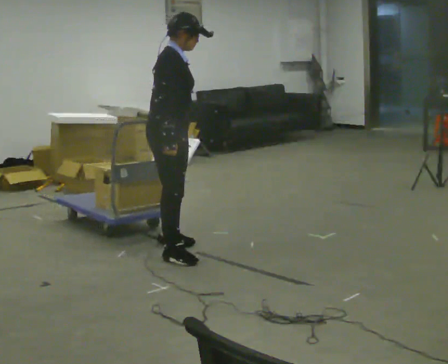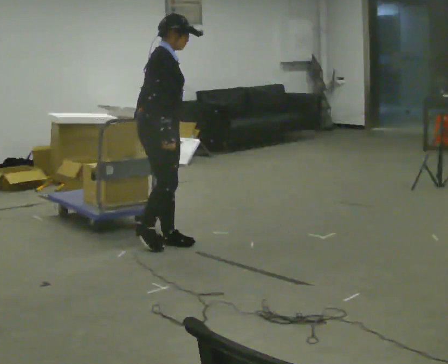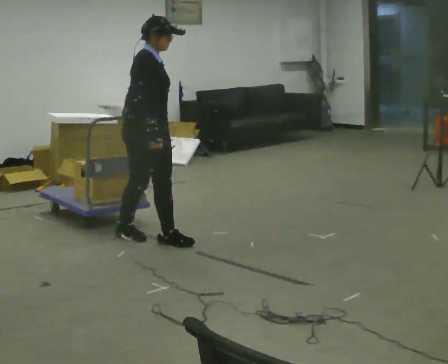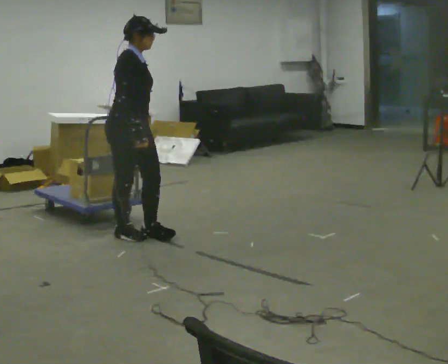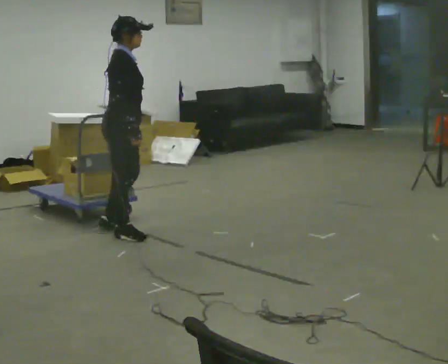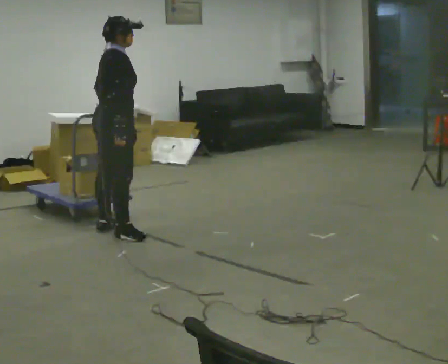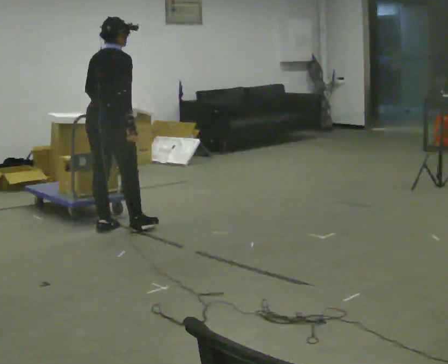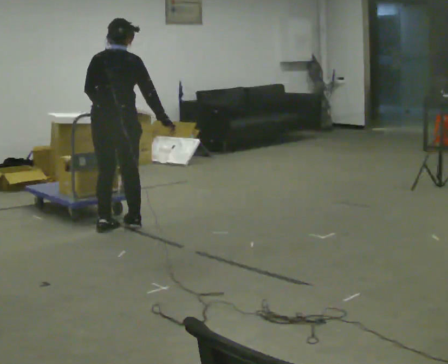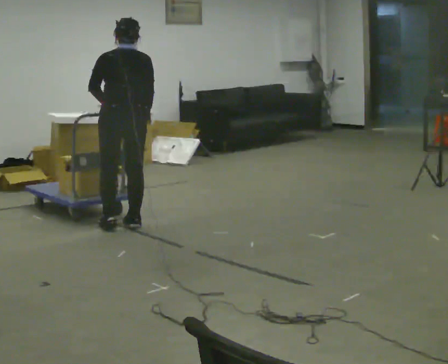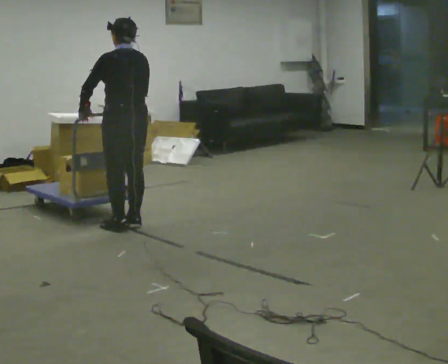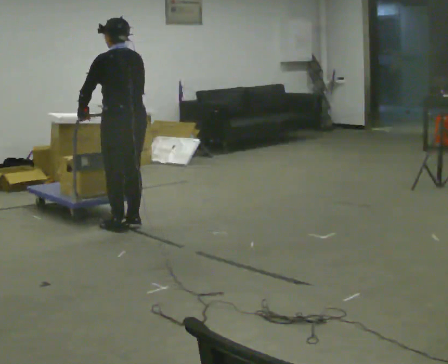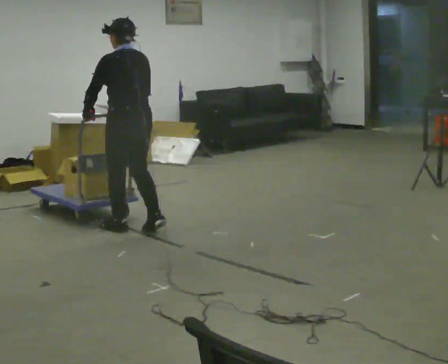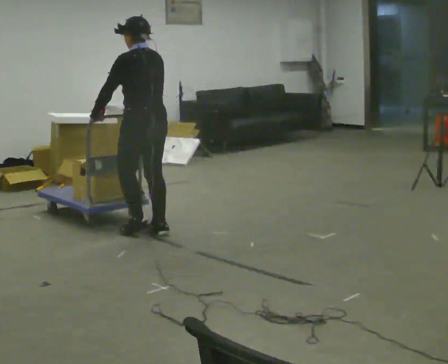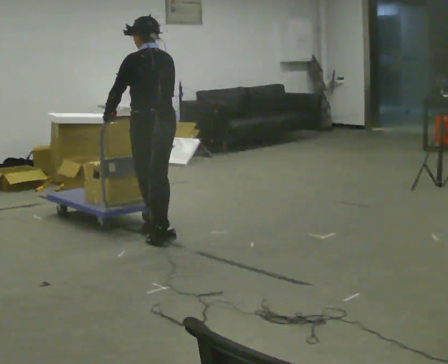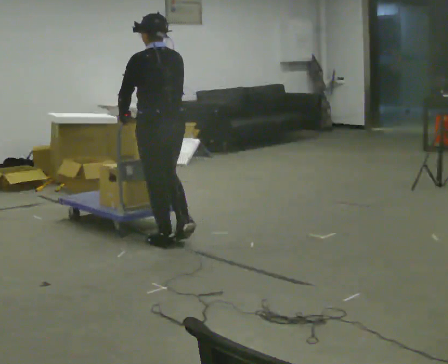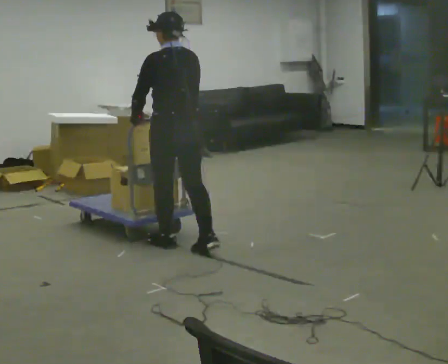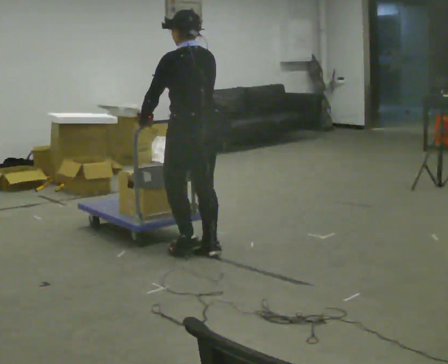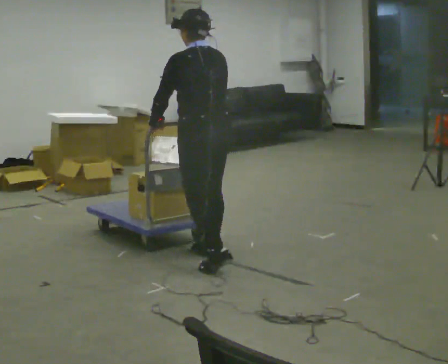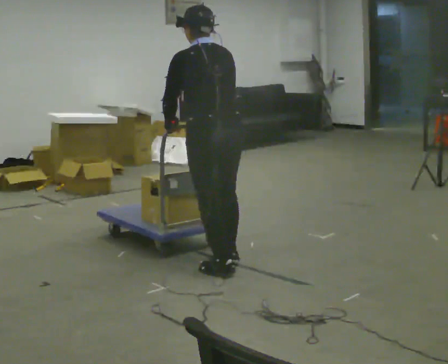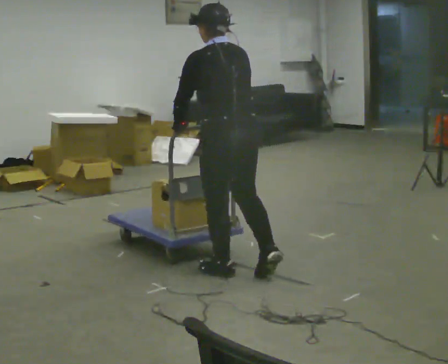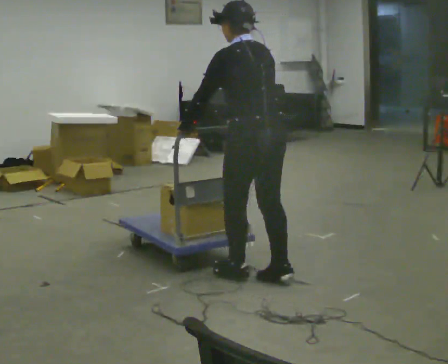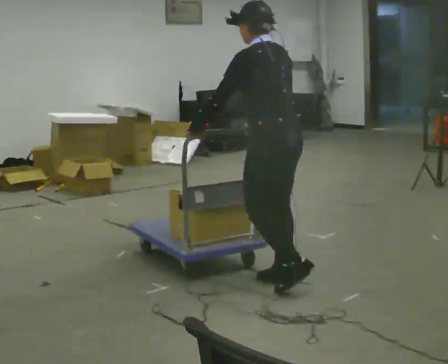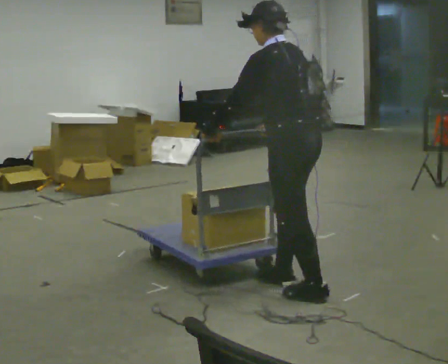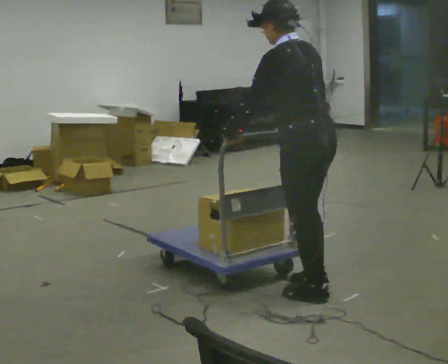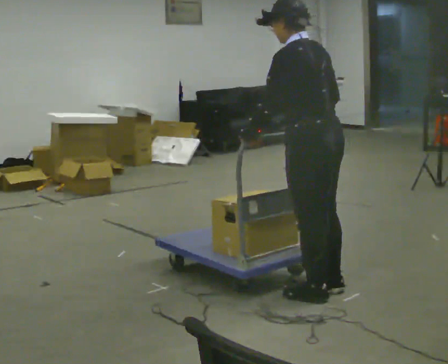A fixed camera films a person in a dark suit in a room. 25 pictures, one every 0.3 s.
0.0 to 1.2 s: In the picture they go away from the camera and to the left, about 0.5 m in 2 steps, which for them is backward.
1.2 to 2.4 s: The person turns about 90 degrees to their left, counterclockwise seen from above, so the part of the body nearest the lens slides to the right. In the picture they go away from the camera, about 0.25 m in 1 step.
2.4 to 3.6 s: Seen from above the body turns counterclockwise, about 30 degrees: to their left, with its near side sliding to the right. In the picture they go to the right and toward the camera, about 0.25 m in 2 steps, which for them is backward.
3.6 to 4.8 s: In the picture they go toward the camera and to the right, about 0.5 m in 2 steps, which for them is backward.
4.8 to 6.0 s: In the picture they go toward the camera and to the right, about 0.75 m in 2 steps, which for them is backward.
6.0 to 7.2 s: In the picture they go toward the camera and to the right, about 0.5 m in 1 step, which for them is backward.
The film runs backward here.
